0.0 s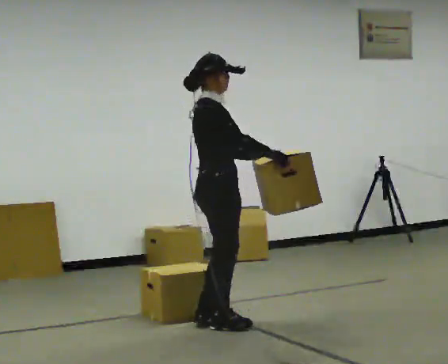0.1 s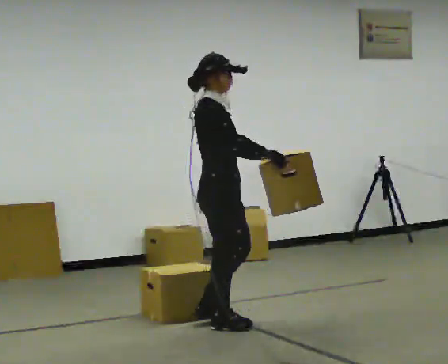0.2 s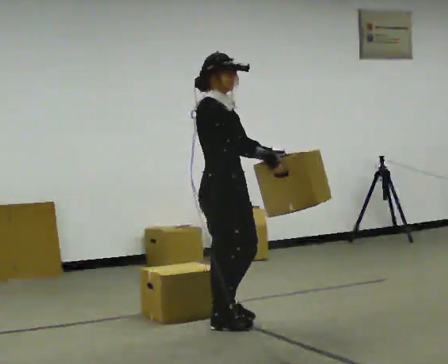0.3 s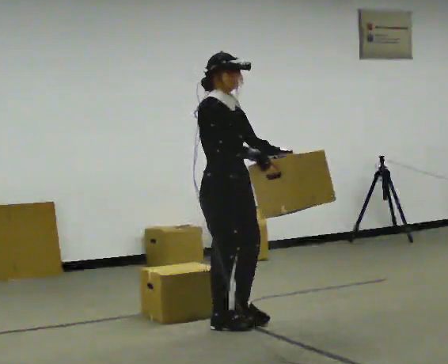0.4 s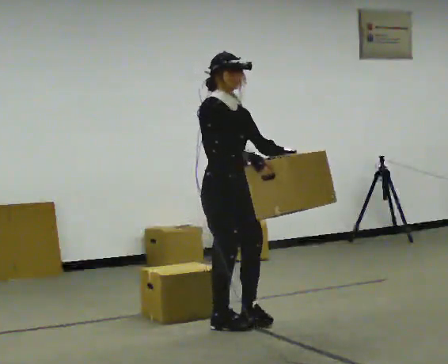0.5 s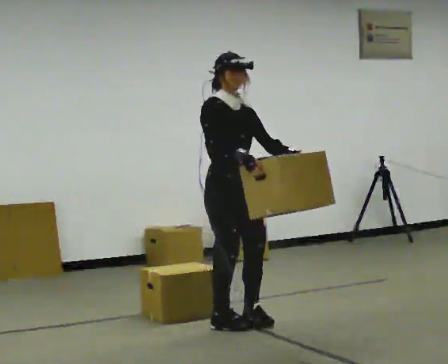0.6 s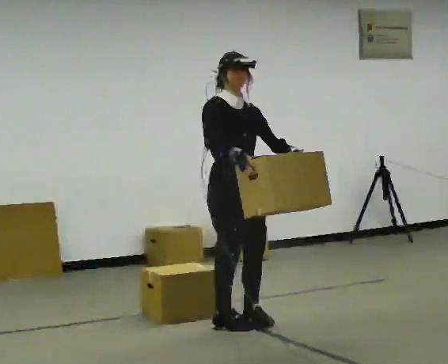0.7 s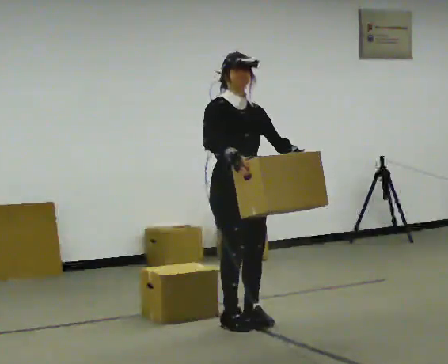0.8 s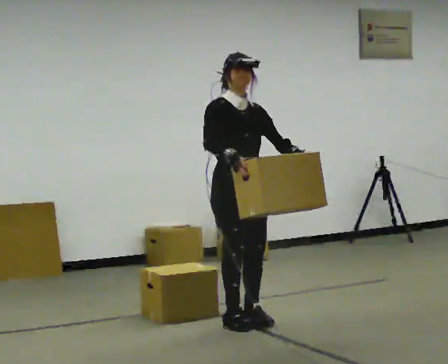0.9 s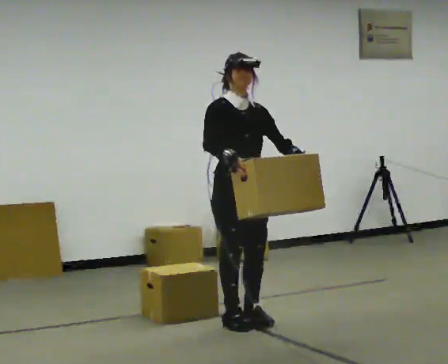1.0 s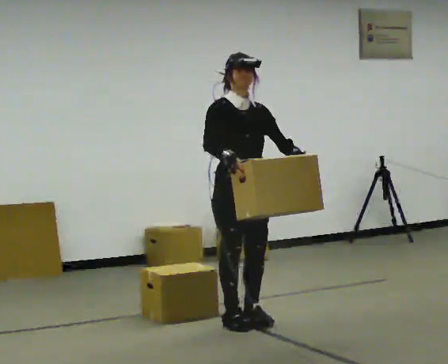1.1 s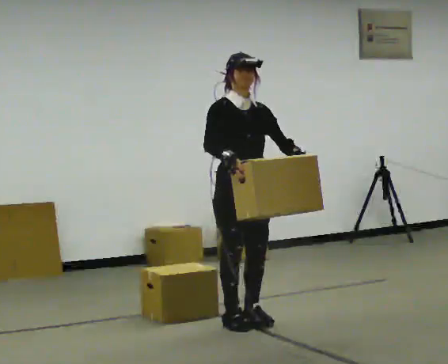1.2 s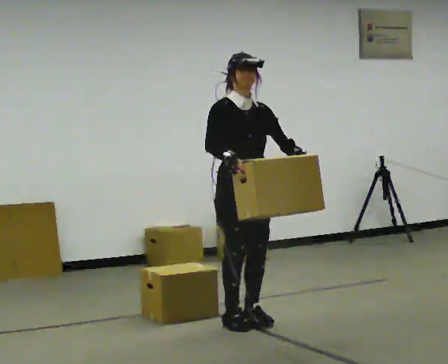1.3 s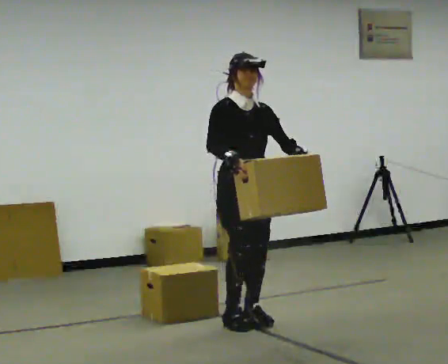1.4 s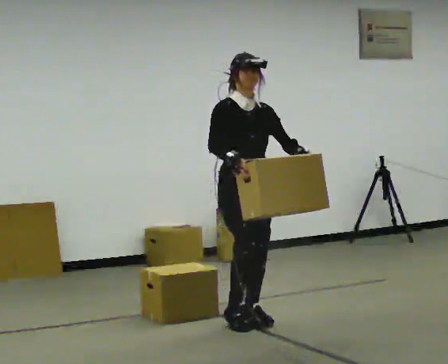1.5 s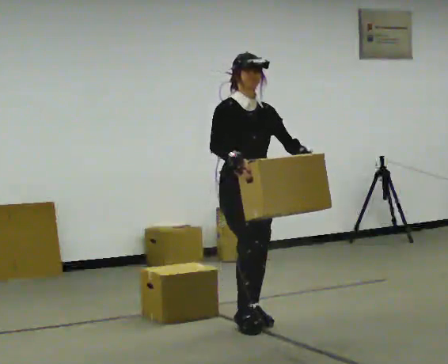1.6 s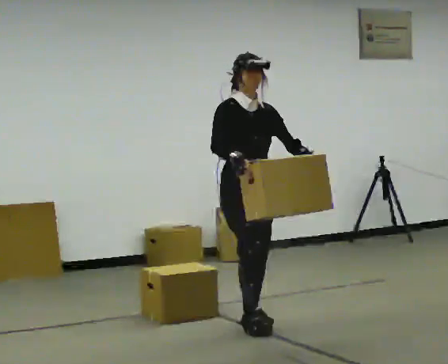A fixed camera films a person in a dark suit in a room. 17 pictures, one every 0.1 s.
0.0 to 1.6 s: The person turns about 60 degrees to their right, clockwise seen from above, so the part of the body nearest the lens slides to the left. In the picture they go to the right, about 0.25 m in 1 step.
The film runs forward here.
